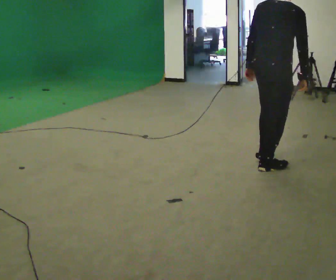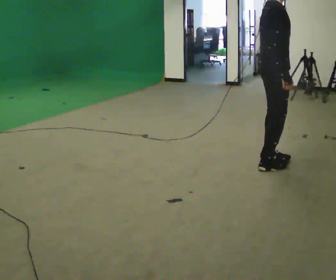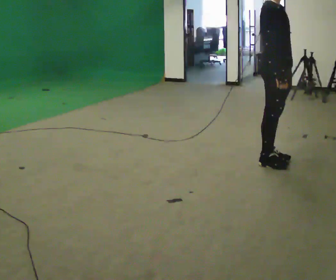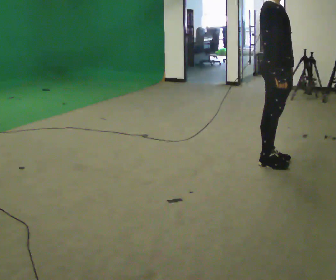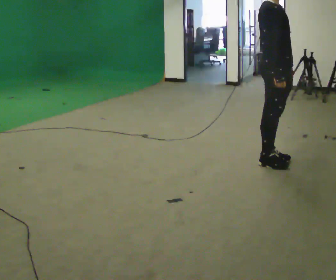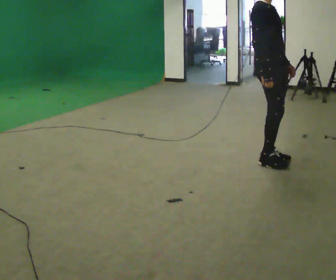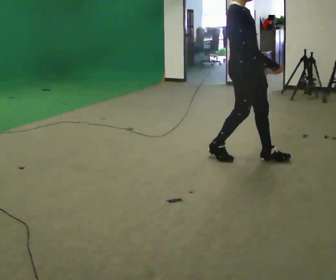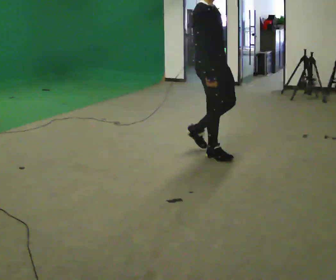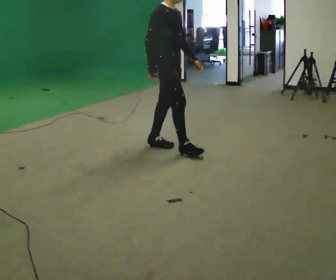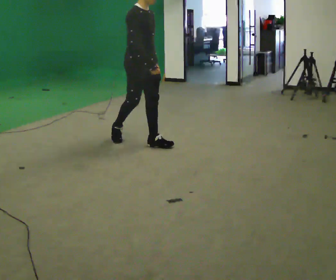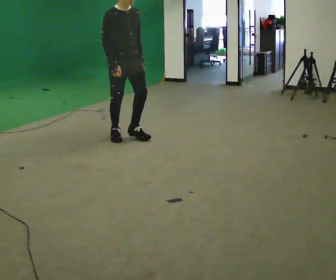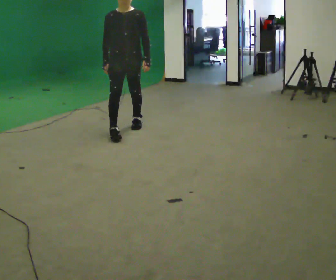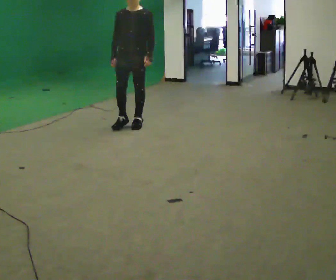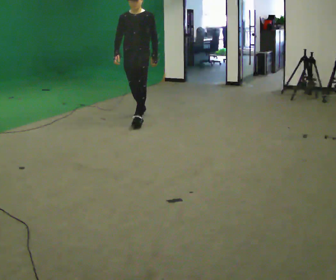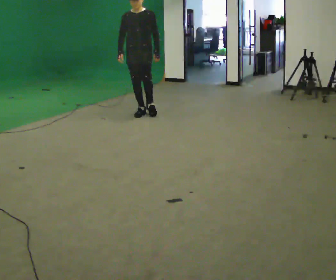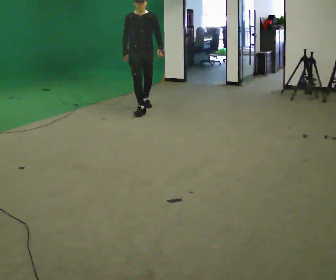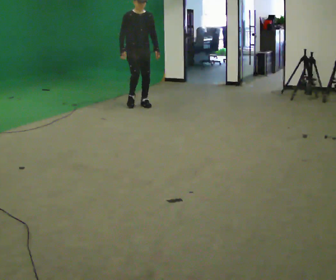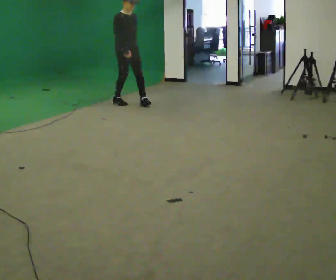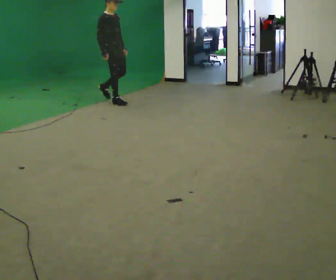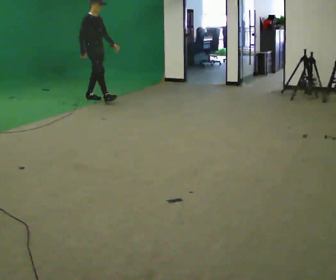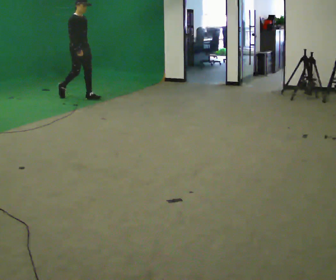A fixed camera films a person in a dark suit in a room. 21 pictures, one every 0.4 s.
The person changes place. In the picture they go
away from the camera.
0.0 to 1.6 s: The person turns about 75 degrees to their right, clockwise seen from above, so the part of the body nearest the lens slides to the left. In the picture their left hand goes to the right.
1.6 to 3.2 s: In the picture they go to the left and away from the camera, about 1 m in 3 steps, which for them is backward.
3.2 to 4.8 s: Seen from above the body turns clockwise, about 75 degrees: to their right, with its near side sliding to the left. In the picture they go away from the camera, about 1 m in 2 steps.
4.8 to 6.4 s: Seen from above the body turns counterclockwise, about 30 degrees: to their left, with its near side sliding to the right. In the picture they go away from the camera, about 1 m in 2 steps, which for them is backward.
6.4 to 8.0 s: Seen from above the body turns counterclockwise, about 45 degrees: to their left, with its near side sliding to the right. In the picture they go to the left and away from the camera, about 1 m in 2 steps, which for them is backward.
The film runs backward here.
